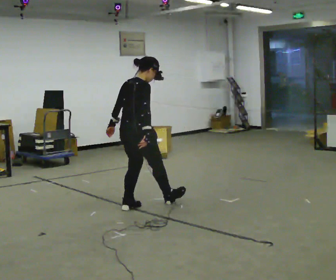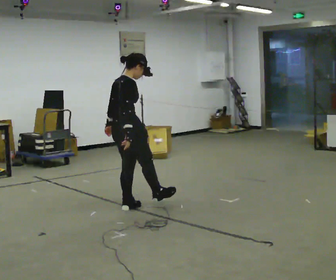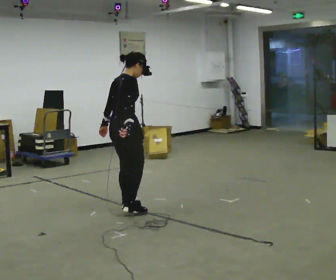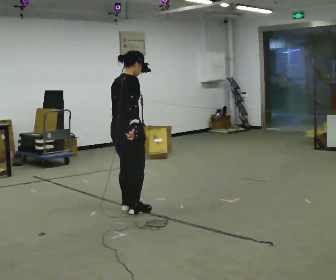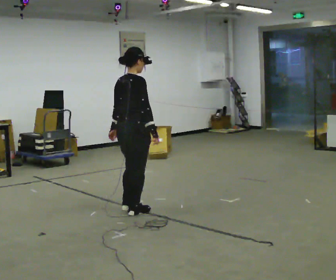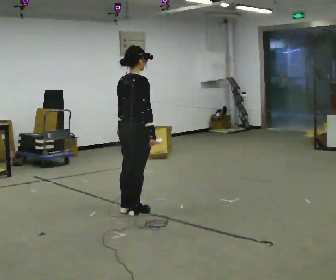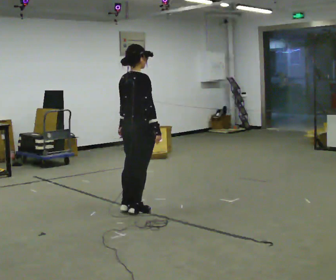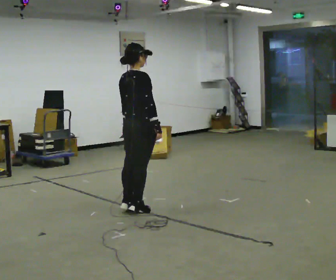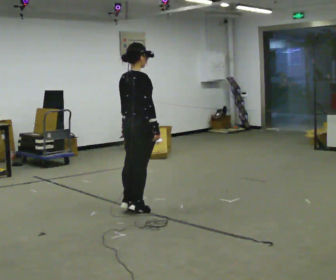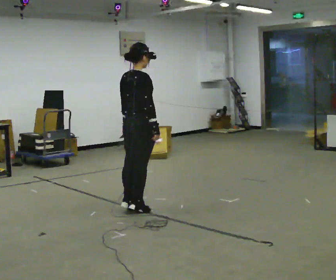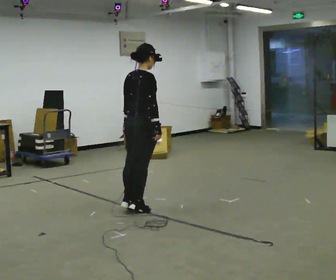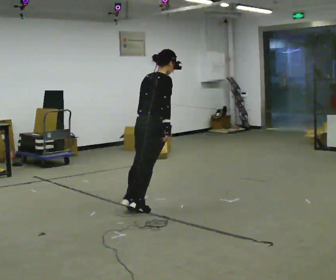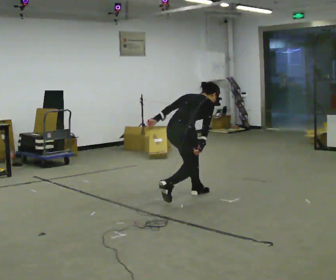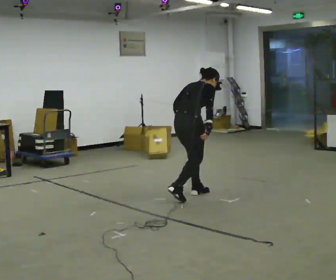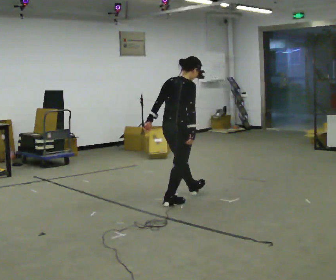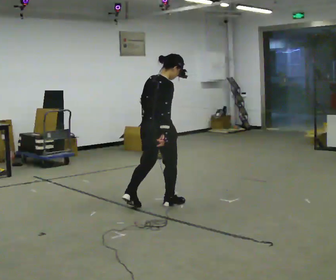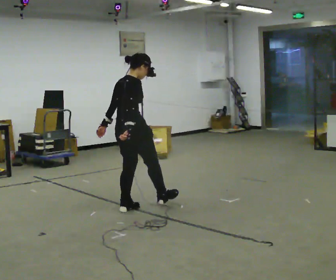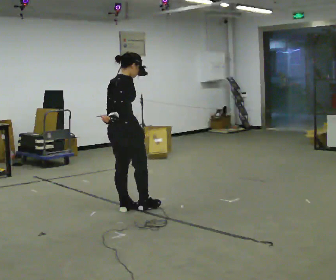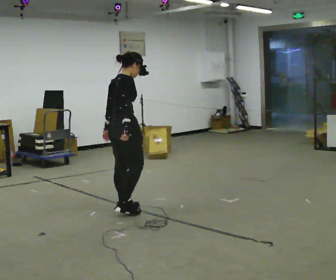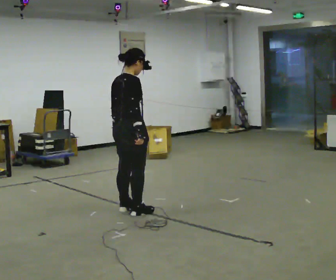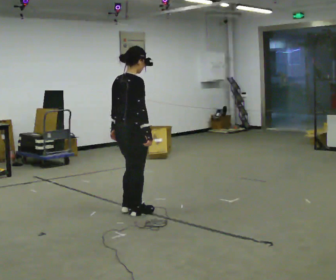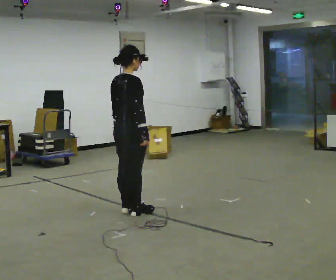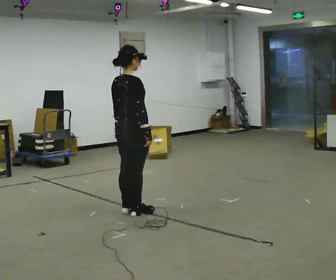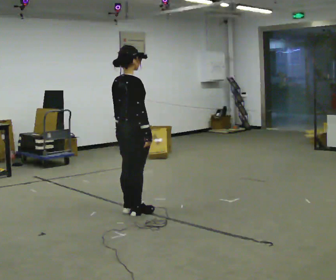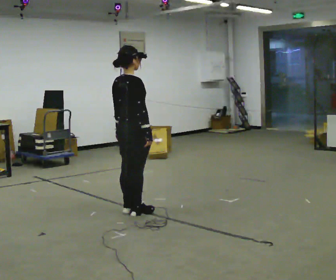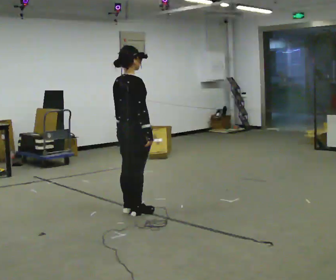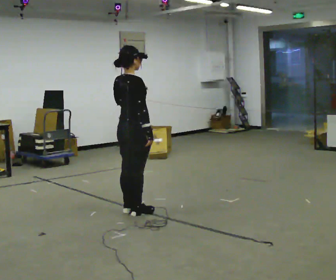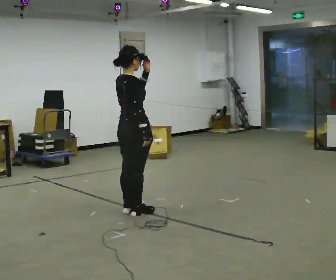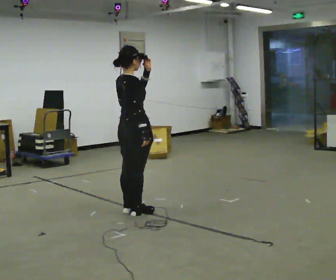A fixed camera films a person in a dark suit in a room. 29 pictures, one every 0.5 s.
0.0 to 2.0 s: In the picture they go toward the camera, about 0.25 m in 2 steps, which for them is to their right.
2.0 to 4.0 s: The person moves a little, or ends about where they began.
4.0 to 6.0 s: In the picture they go away from the camera and to the right, about 0.5 m in 1 step, which for them is forward. The upper body goes downward. In the picture the upper body tilts clockwise, shoulders to the right, as they bend forward.
6.0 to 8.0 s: In the picture they go to the left and toward the camera, about 0.75 m in 2 steps, which for them is backward. The upper body goes upward. In the picture the upper body tilts counterclockwise, shoulders to the left, as they lean back or straighten.
8.0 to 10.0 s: In the picture they go toward the camera, about 0.25 m in 1 step, which for them is to their right.
10.0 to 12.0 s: The person moves a little, or ends about where they began.
12.0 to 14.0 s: In the picture their left hand goes upward.
The film runs forward here.
